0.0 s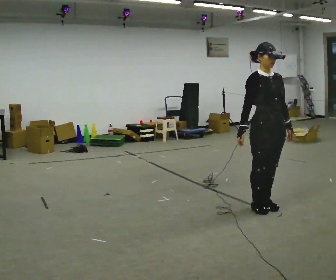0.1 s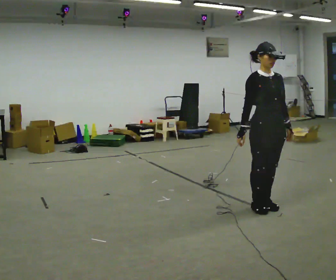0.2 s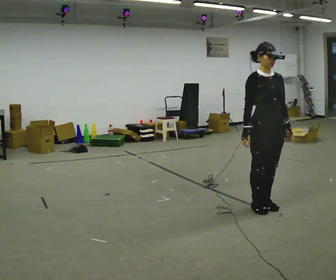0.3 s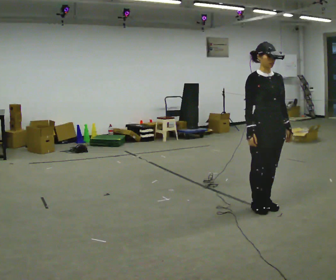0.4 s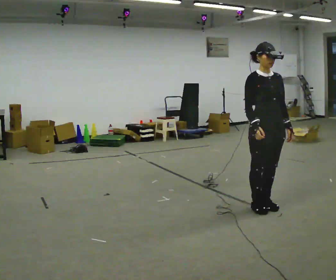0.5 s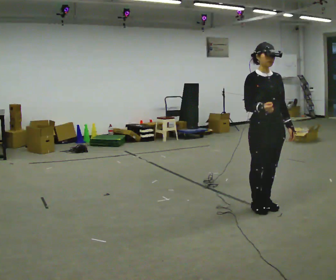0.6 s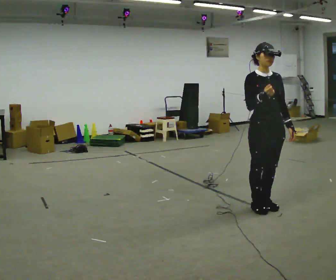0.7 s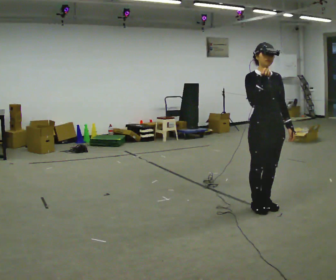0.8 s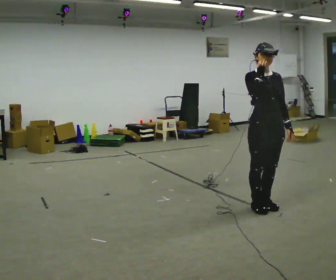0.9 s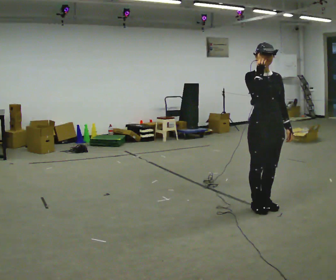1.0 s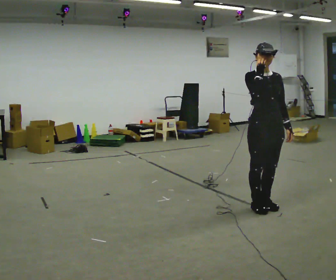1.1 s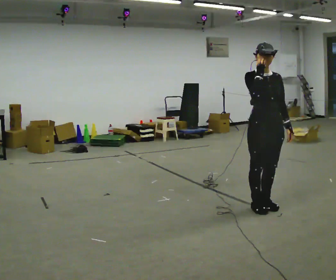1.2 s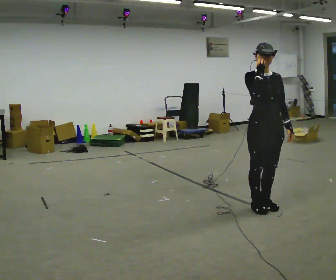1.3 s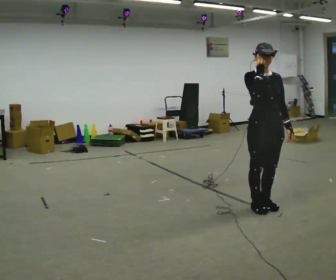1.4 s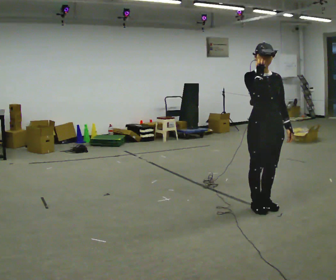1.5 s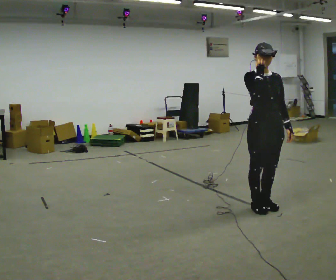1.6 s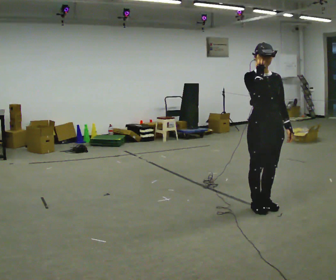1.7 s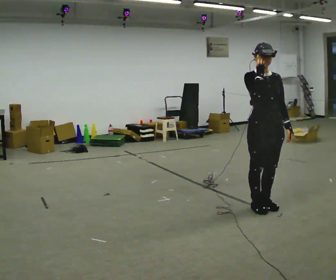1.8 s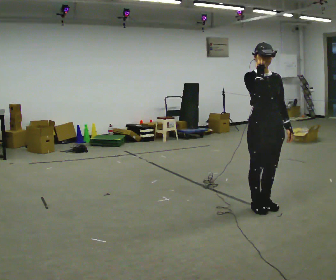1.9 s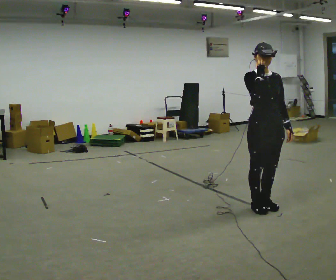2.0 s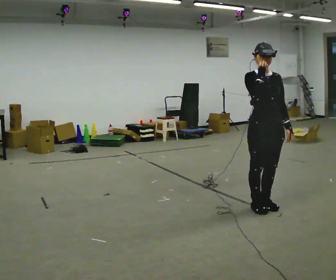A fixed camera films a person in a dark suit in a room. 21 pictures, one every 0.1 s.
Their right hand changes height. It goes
upward.
0.0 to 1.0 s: In the picture their right hand goes upward.
1.0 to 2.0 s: The person keeps their place and pose.
The film runs forward here.
